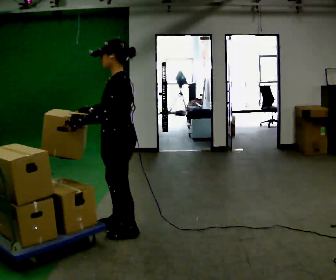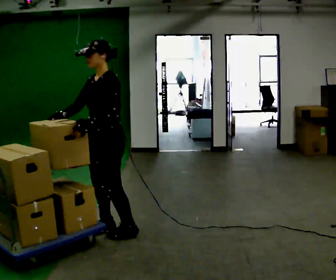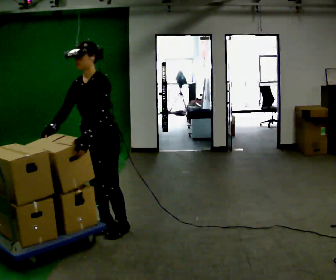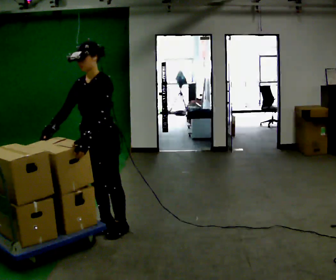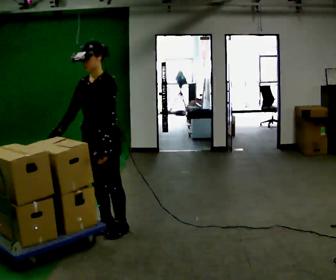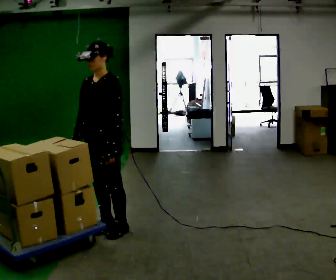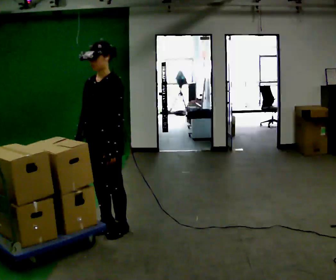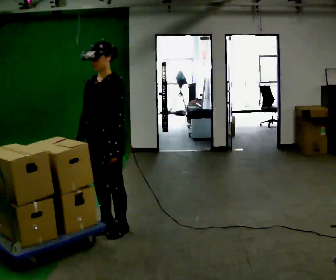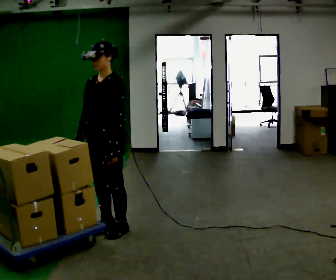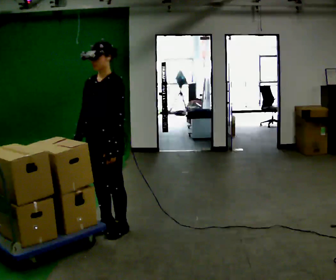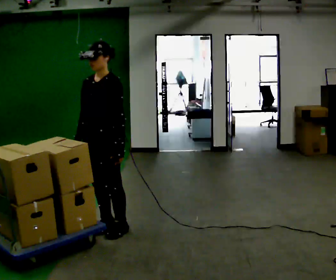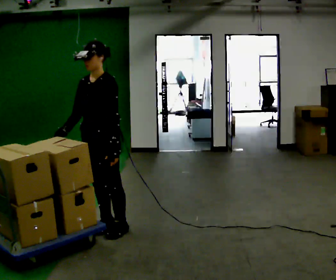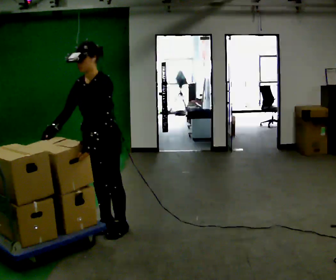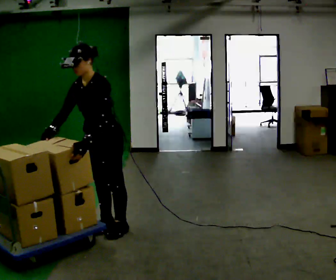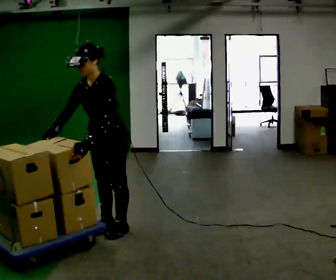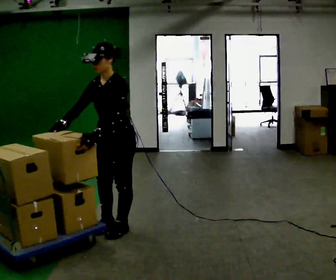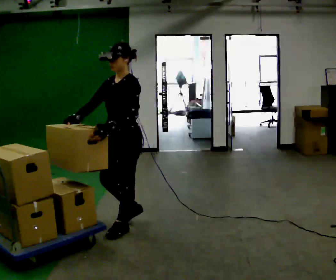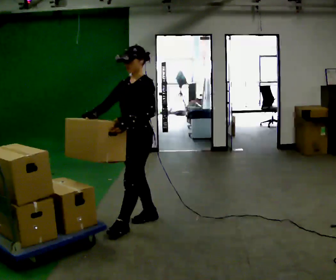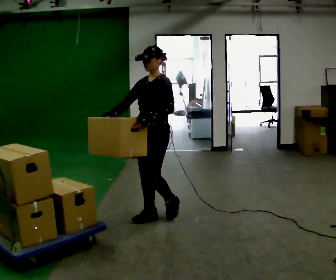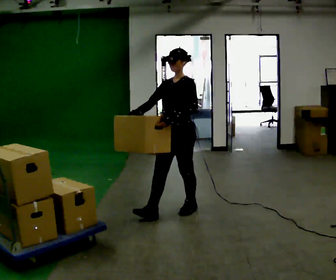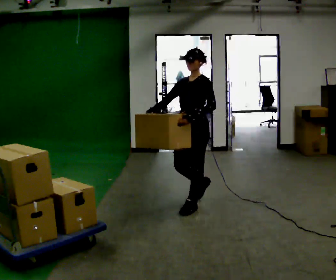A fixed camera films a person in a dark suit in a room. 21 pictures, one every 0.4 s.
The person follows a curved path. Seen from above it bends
clockwise.
0.0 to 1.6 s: The part of the body nearest the lens slides to the right as the person turns to their left by about 60 degrees. In the picture they go to the left, about 0.25 m in 1 step, which for them is to their right.
1.6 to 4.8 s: The person moves a little, or ends about where they began.
4.8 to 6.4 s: In the picture they go to the right, about 0.25 m in 1 step, which for them is backward.
6.4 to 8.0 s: In the picture they go to the right and away from the camera, about 1 m in 2 steps, which for them is backward.
The film runs backward here.
